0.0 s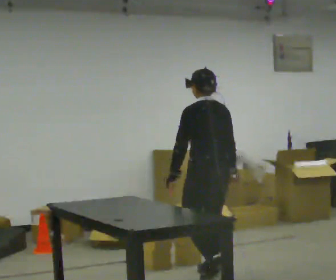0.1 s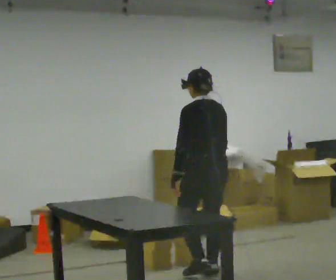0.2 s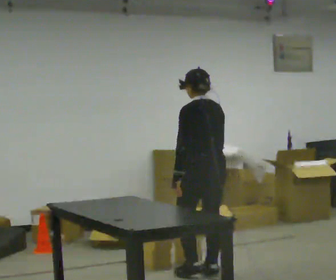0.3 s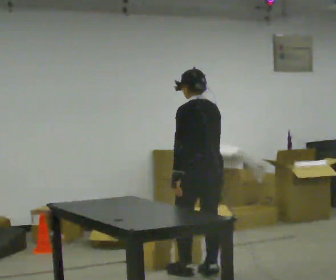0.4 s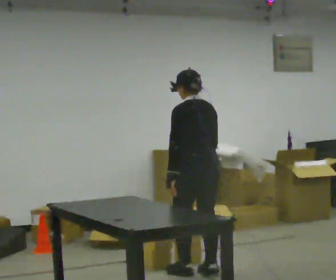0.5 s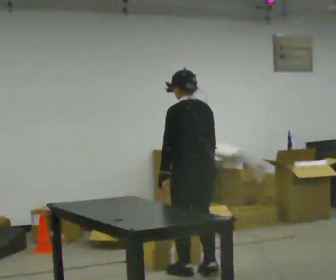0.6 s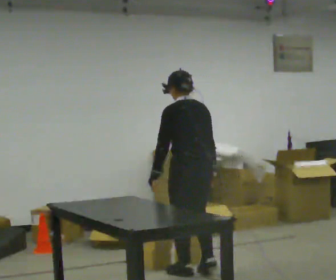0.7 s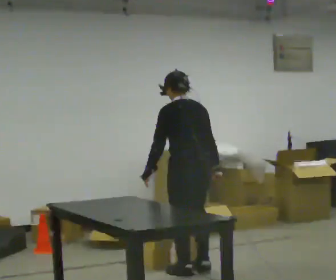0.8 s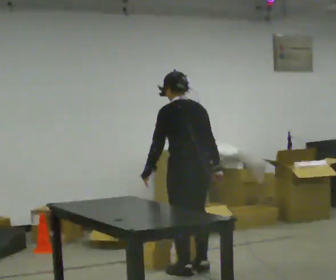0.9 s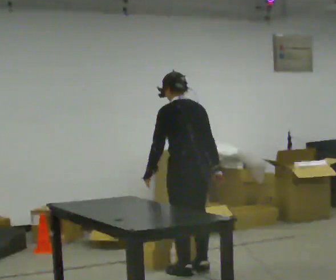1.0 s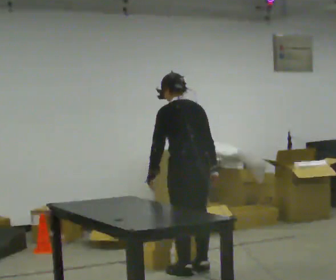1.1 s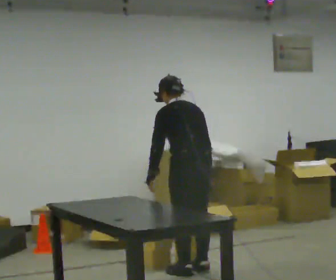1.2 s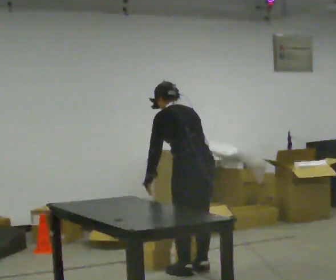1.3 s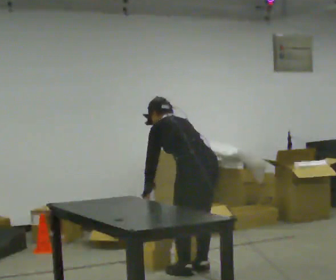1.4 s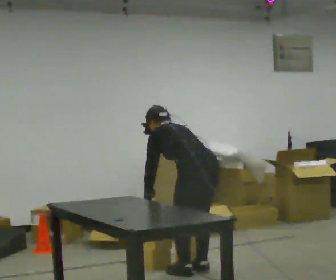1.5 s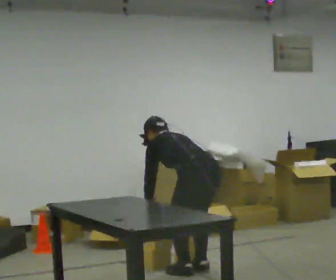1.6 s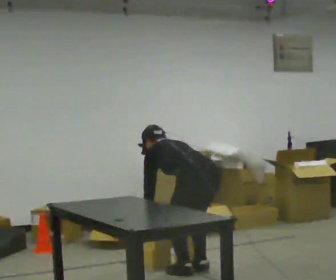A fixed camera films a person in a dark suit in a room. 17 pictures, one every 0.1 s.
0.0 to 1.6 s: The shoulders move downward. The upper body tips away from the camera, its near side rolling upward, as they bend forward. In the picture their right hand goes to the left and downward.
The film runs forward here.
